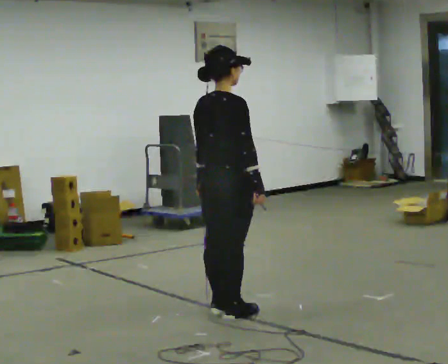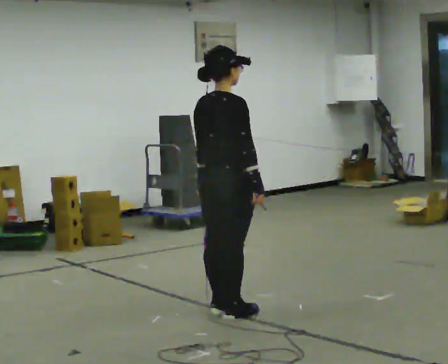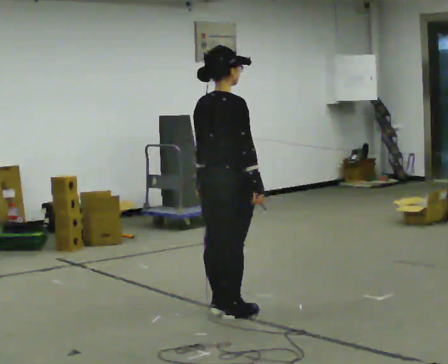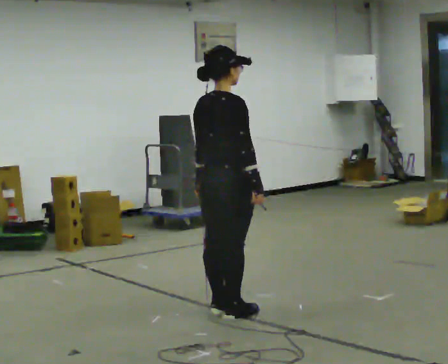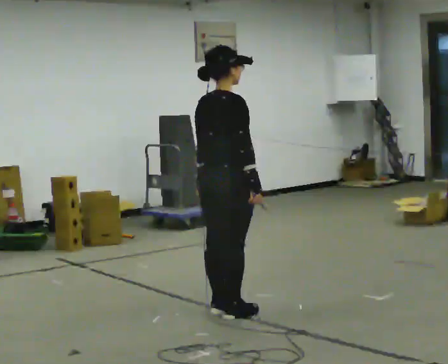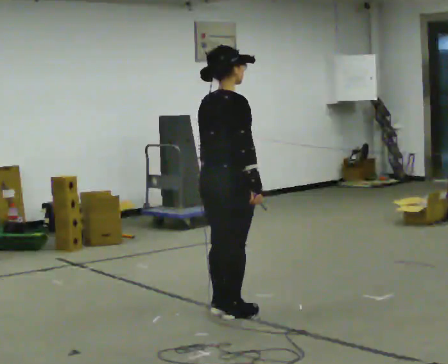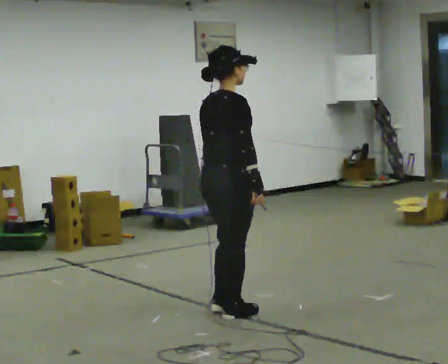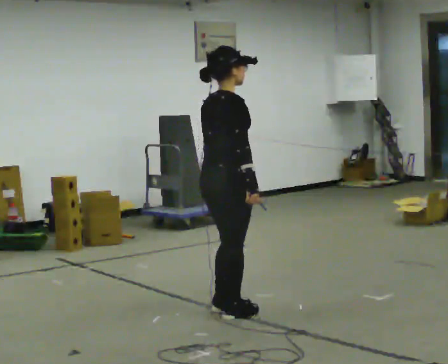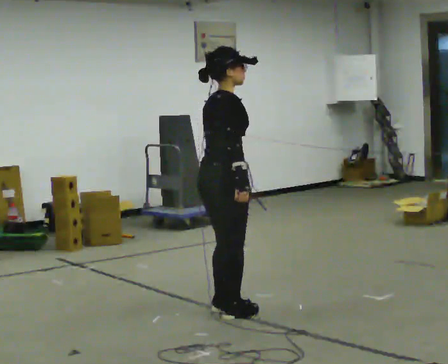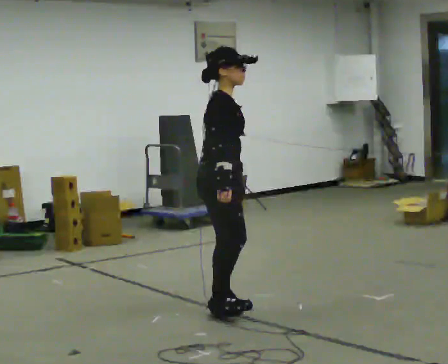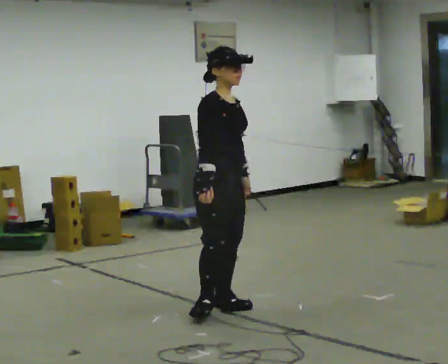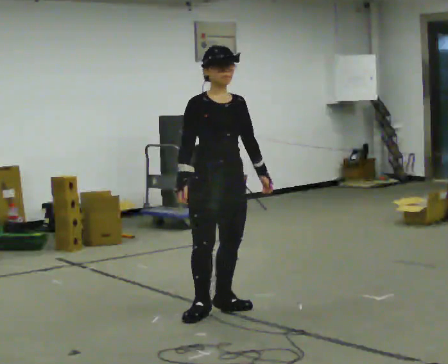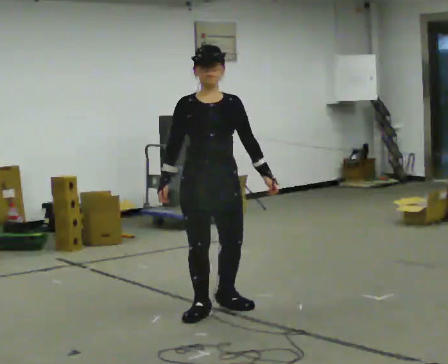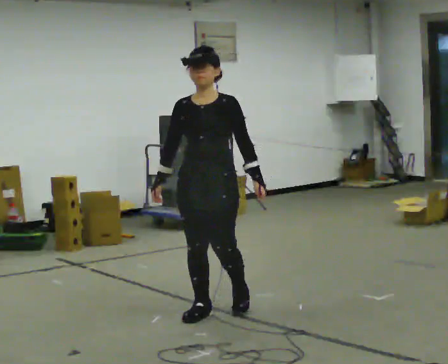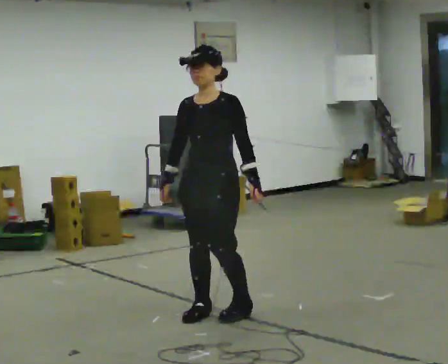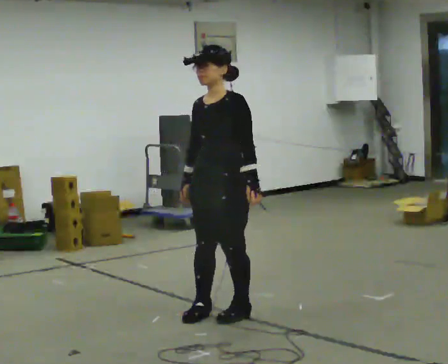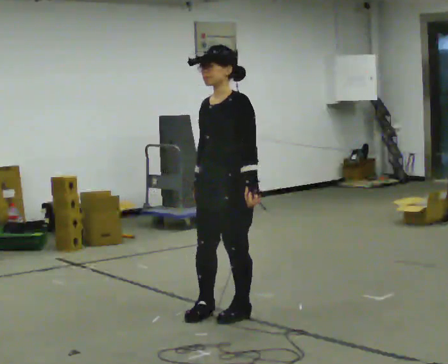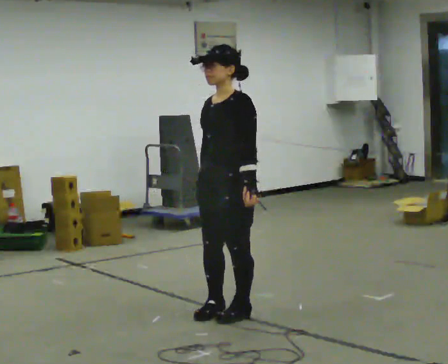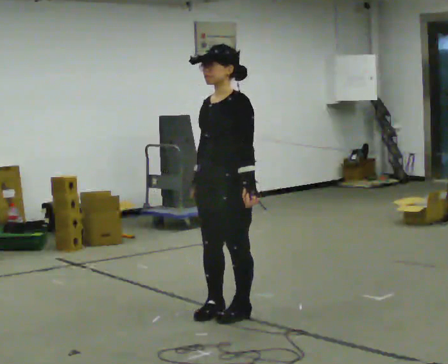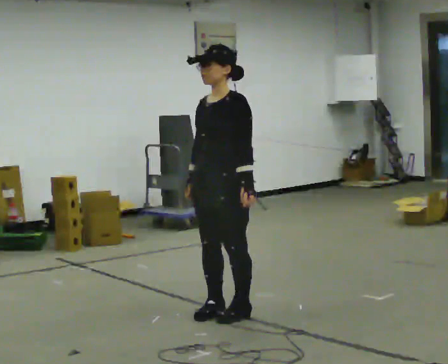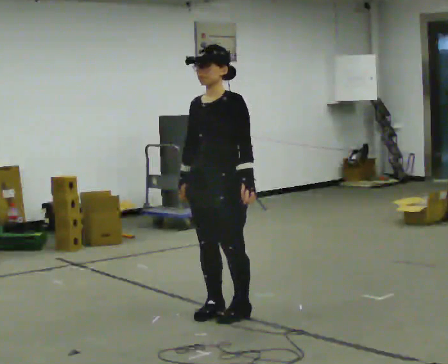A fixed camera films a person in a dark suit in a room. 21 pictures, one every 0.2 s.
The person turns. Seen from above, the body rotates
clockwise.
The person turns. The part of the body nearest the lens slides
to the left.
0.0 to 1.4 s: The person moves a little, or ends about where they began.
1.4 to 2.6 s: The person turns about 135 degrees to their right, clockwise seen from above, so the part of the body nearest the lens slides to the left. In the picture their right hand goes to the left, the arm swinging clockwise.
2.6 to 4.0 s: The person moves a little, or ends about where they began.
The film runs forward here.
